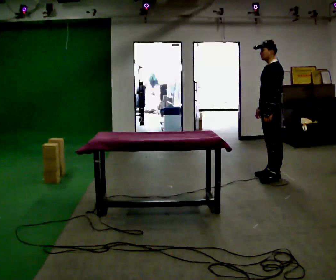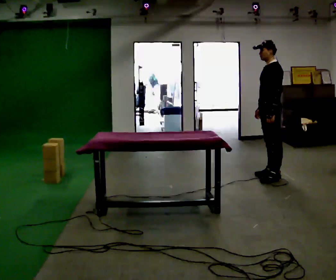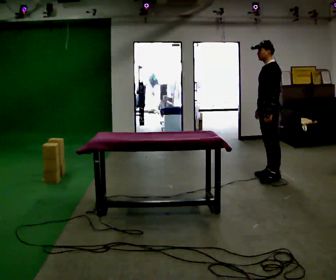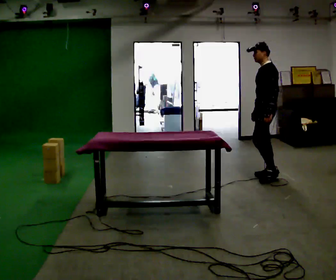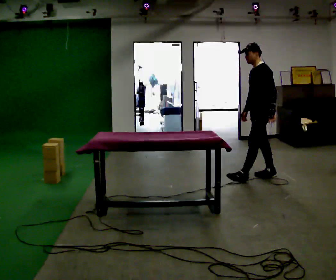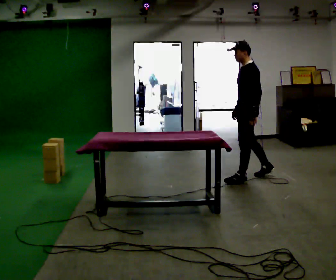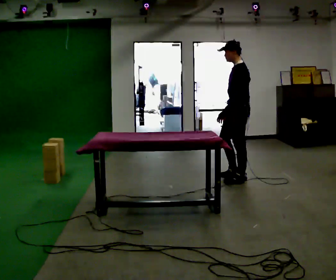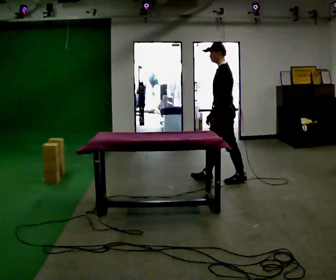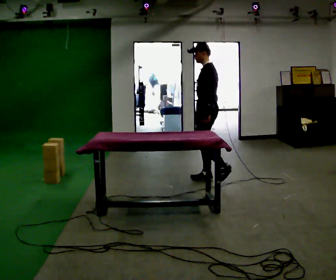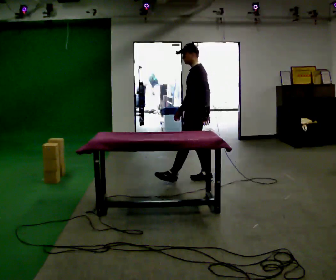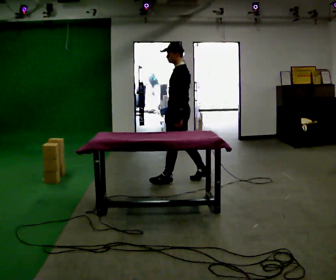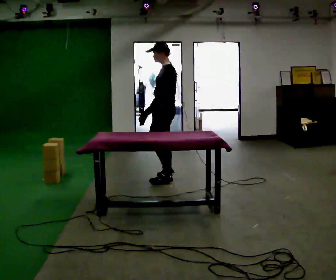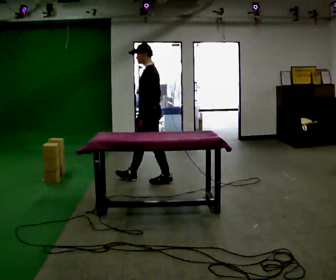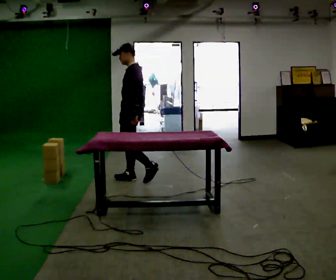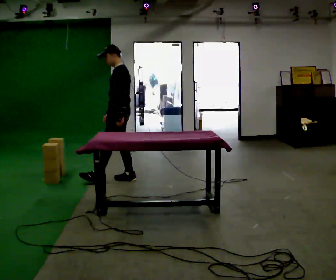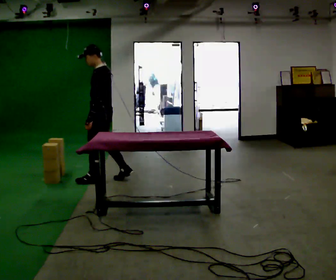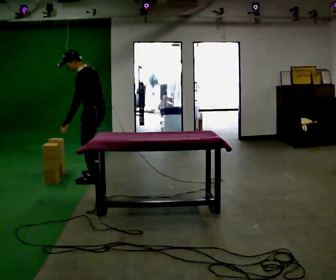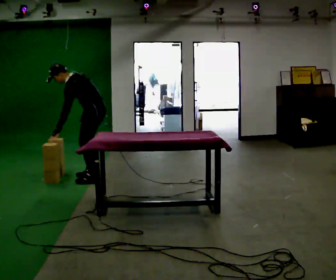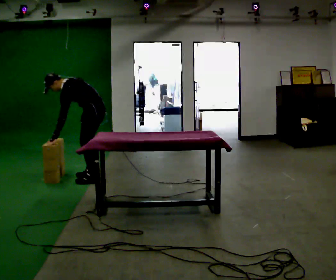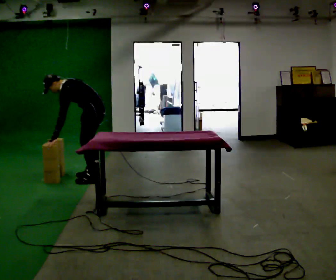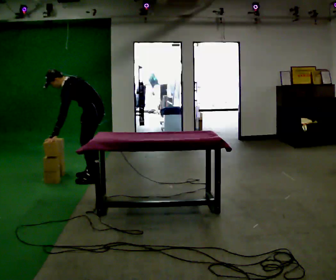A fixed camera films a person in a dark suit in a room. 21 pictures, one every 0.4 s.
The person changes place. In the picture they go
to the left.
0.0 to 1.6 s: The person moves a little, or ends about where they began.
1.6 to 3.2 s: In the picture they go to the left, about 0.75 m in 2 steps, which for them is forward.
3.2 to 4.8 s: In the picture they go to the left, about 0.5 m in 2 steps, which for them is forward.
4.8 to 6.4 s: In the picture they go to the left, about 0.75 m in 1 step, which for them is forward. In the picture the upper body tilts counterclockwise, shoulders to the left, as they bend forward.
6.4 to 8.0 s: In the picture they go away from the camera, about 0.25 m in 1 step, which for them is to their right. In the picture the upper body tilts counterclockwise, shoulders to the left, as they bend forward.
The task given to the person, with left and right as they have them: Pick the object up off the floor using only the hand the operator calls, then carry it to the table in that same hand. Keep going until the operator says stop; one object at a time, and do not rush between trips.
The film runs forward here.
